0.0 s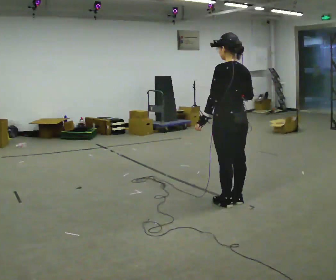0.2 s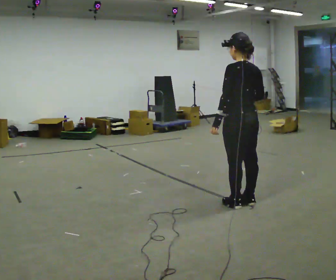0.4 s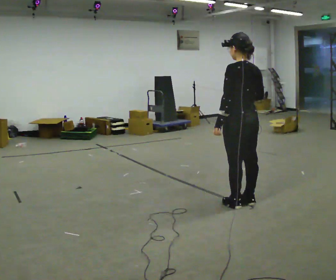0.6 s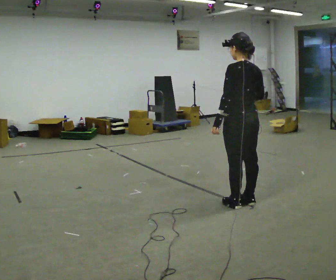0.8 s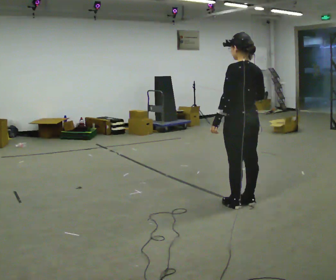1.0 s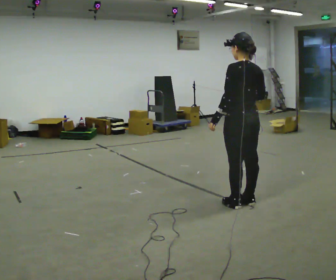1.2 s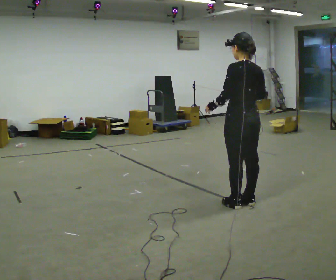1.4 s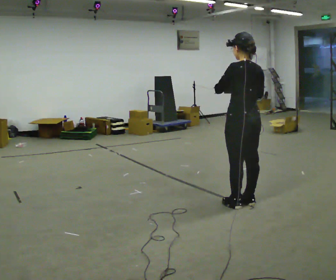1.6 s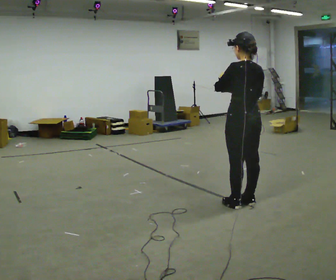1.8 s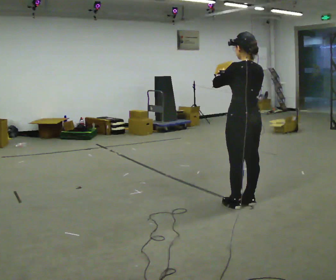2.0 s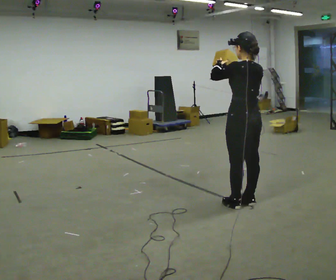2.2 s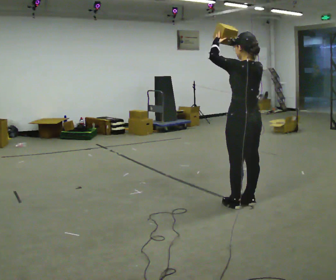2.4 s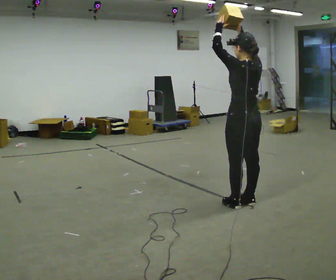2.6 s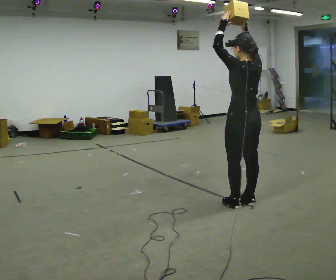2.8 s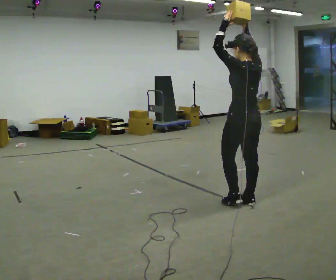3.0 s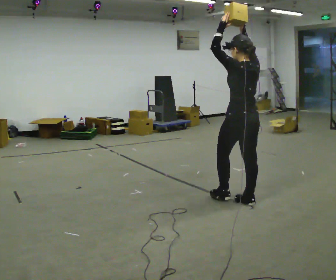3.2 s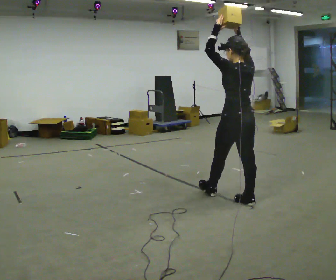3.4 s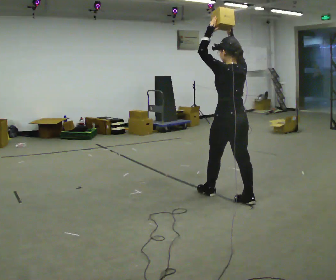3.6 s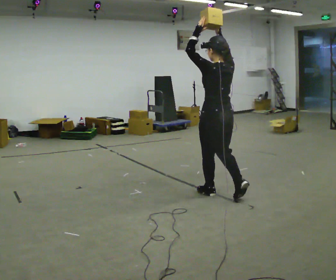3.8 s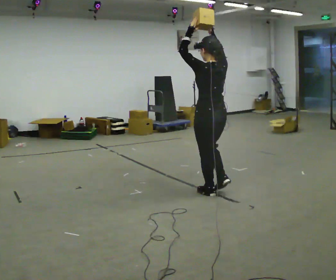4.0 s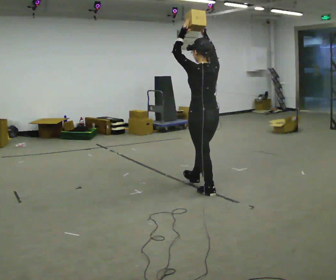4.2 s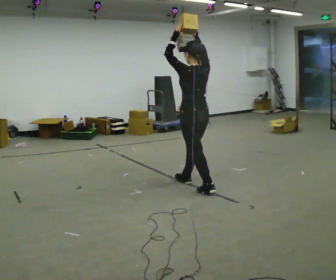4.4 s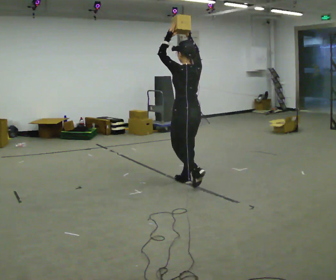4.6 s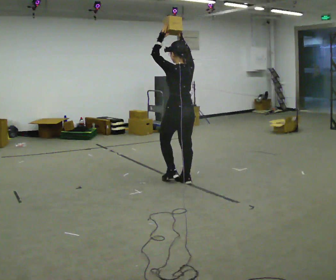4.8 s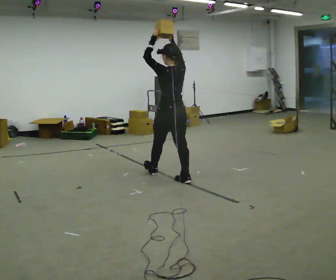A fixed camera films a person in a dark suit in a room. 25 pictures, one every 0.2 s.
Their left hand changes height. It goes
upward.
The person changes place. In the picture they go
to the left.
0.0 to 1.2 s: The person moves a little, or ends about where they began.
1.2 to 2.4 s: In the picture their left hand goes upward.
2.4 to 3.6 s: In the picture they go to the left, about 0.25 m in 1 step, which for them is forward.
3.6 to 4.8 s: In the picture they go to the left and away from the camera, about 1 m in 1 step, which for them is forward.
The film runs forward here.
